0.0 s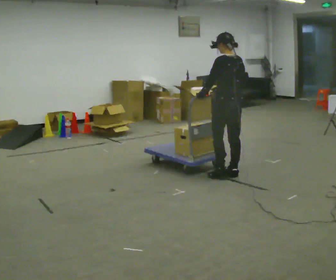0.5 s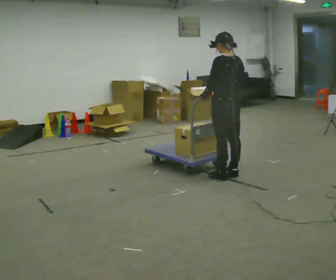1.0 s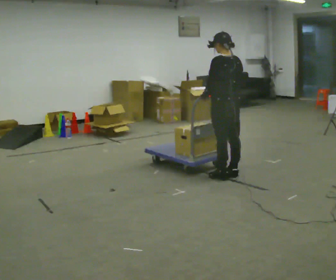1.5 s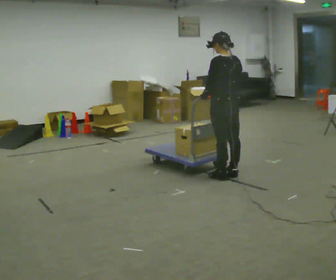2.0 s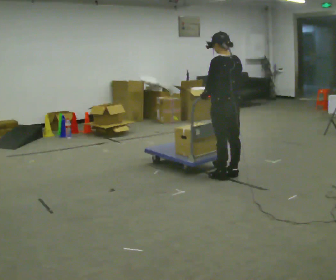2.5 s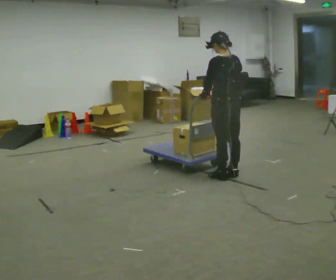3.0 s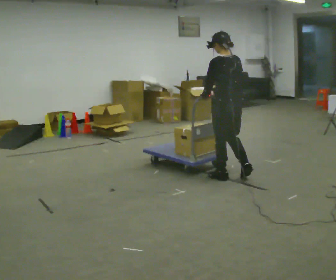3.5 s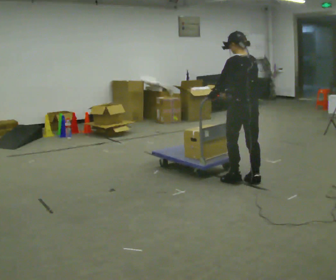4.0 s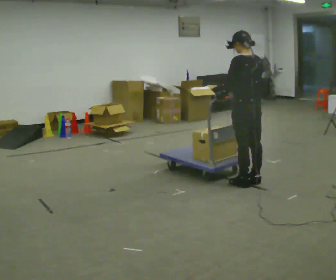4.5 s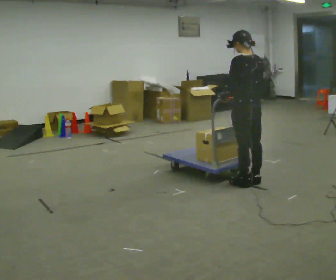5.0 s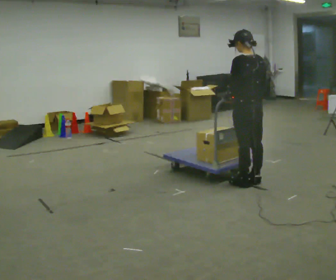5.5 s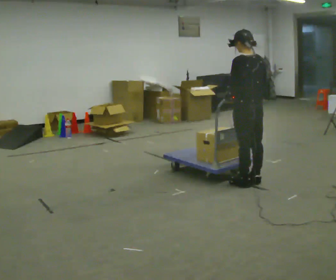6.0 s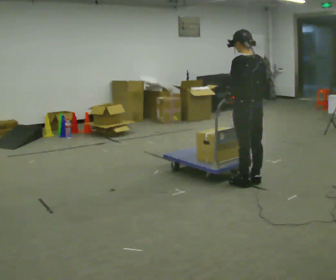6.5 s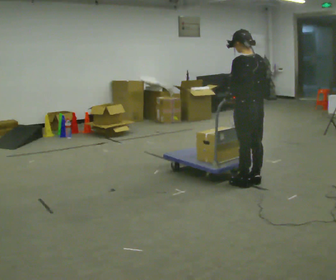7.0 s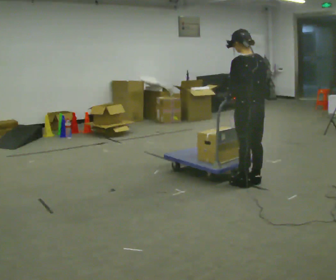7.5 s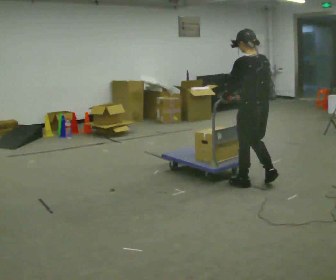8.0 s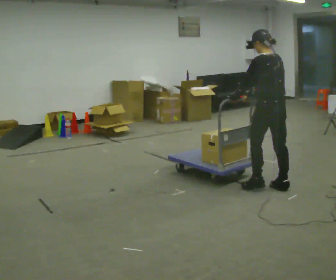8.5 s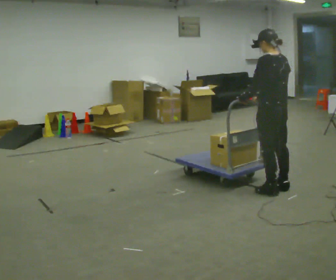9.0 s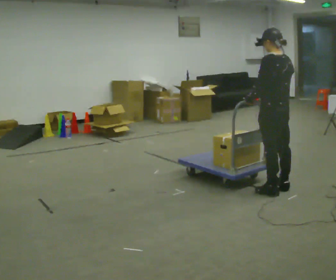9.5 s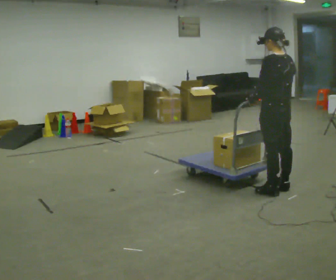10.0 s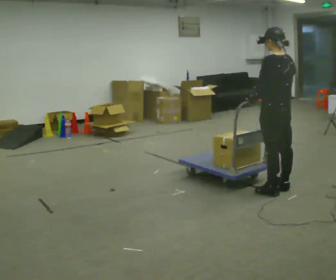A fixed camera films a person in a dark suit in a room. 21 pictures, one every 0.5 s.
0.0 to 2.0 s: The person moves a little, or ends about where they began.
2.0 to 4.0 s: In the picture they go to the right and toward the camera, about 0.25 m in 2 steps, which for them is backward.
4.0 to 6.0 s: The person moves a little, or ends about where they began.
6.0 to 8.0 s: In the picture they go to the right, about 0.25 m in 2 steps, which for them is backward.
8.0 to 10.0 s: The person moves a little, or ends about where they began.
The film runs backward here.
